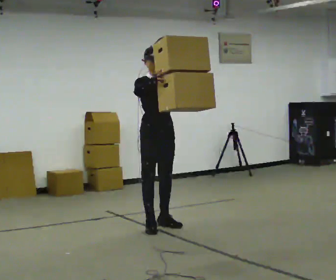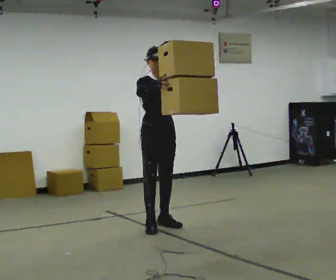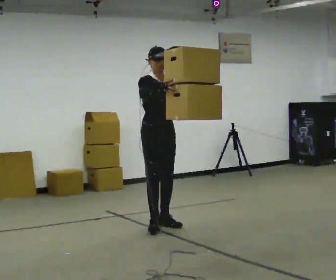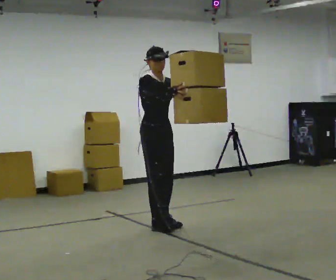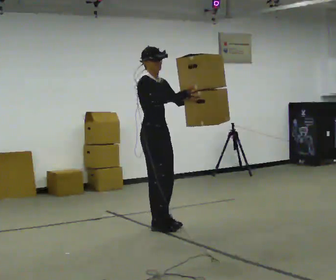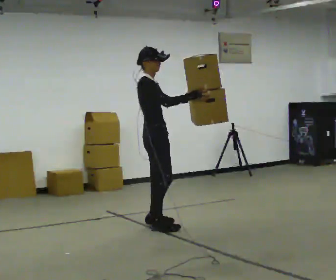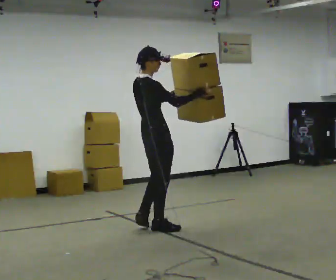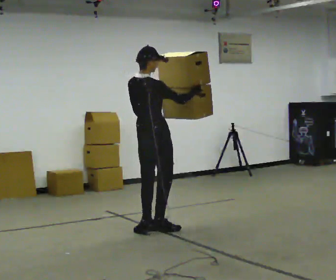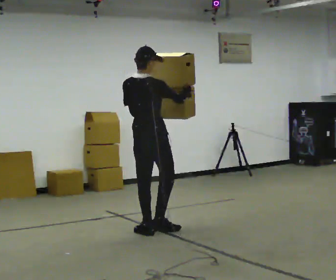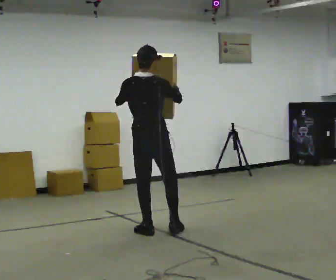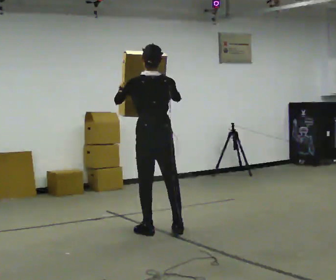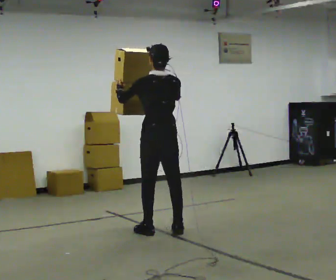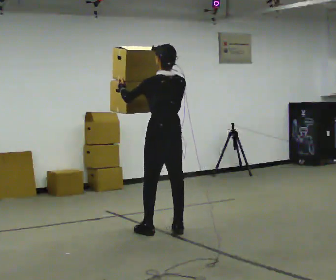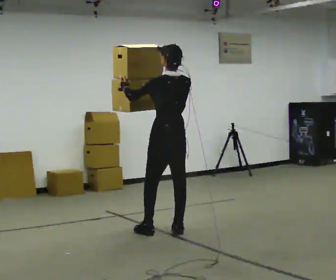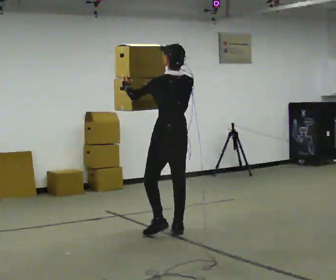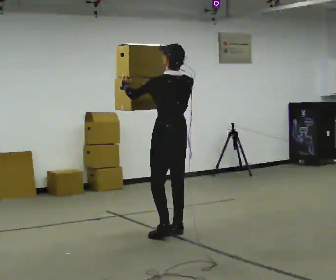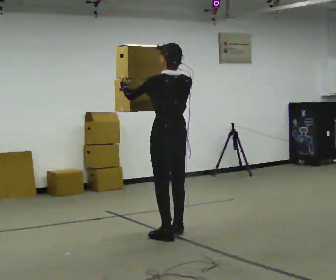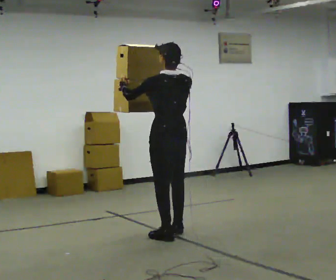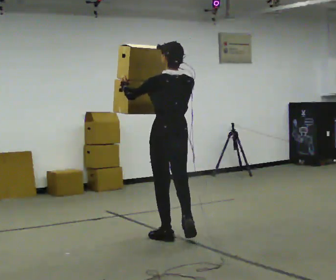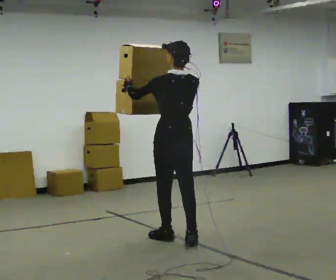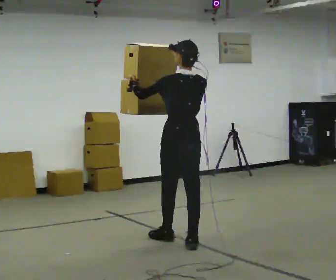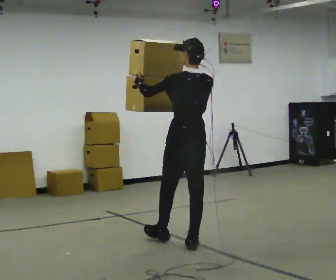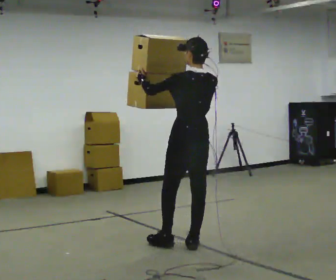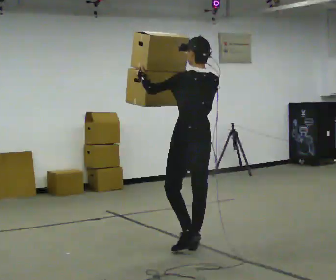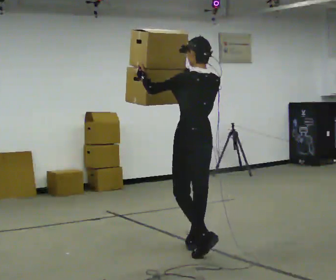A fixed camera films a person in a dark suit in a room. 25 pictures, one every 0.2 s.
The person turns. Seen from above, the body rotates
counterclockwise.
The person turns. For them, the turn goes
to their left.
0.0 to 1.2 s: The part of the body nearest the lens slides to the right as the person turns to their left by about 90 degrees. In the picture they go toward the camera, about 0.25 m in 1 step. In the picture their right hand goes to the right.
1.2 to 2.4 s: Seen from above the body turns counterclockwise, about 90 degrees: to their left, with its near side sliding to the right. In the picture their right hand goes to the left.
2.4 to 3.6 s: In the picture they go toward the camera, about 0.25 m in 2 steps, which for them is backward.
3.6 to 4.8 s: In the picture they go toward the camera and to the right, about 0.5 m in 1 step, which for them is backward.
The film runs backward here.
